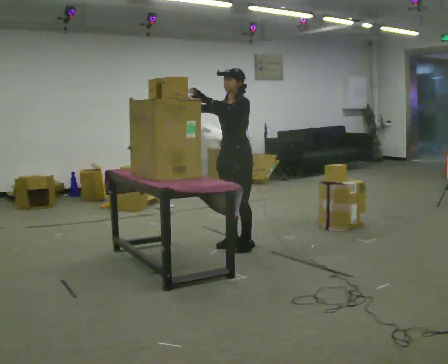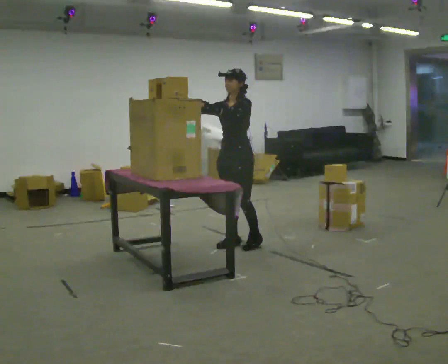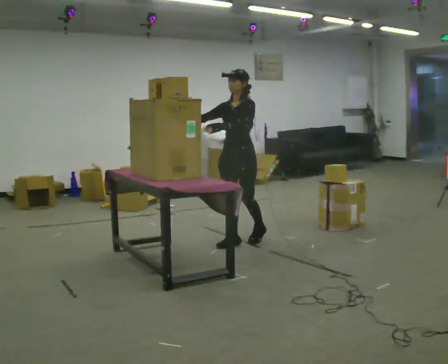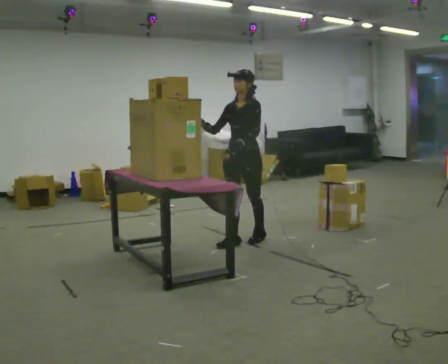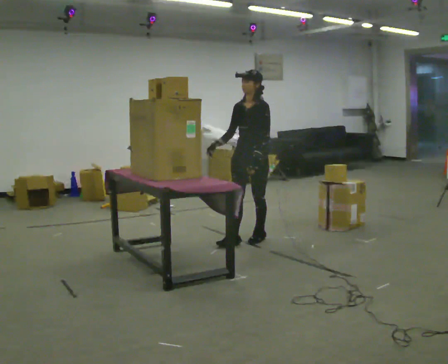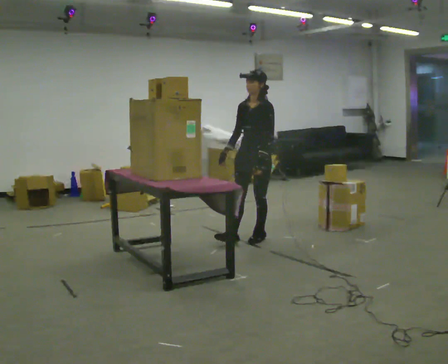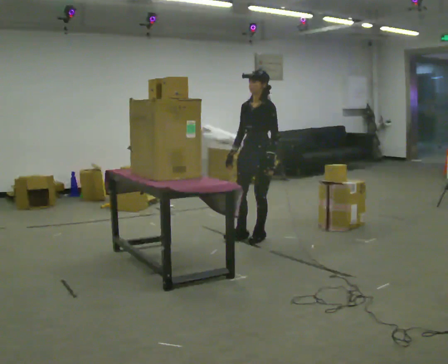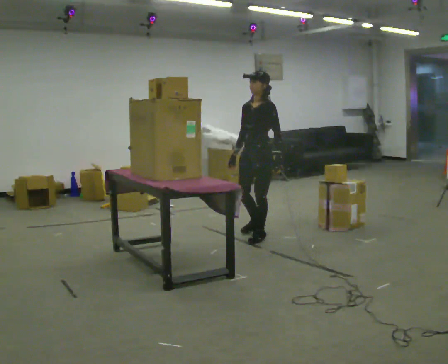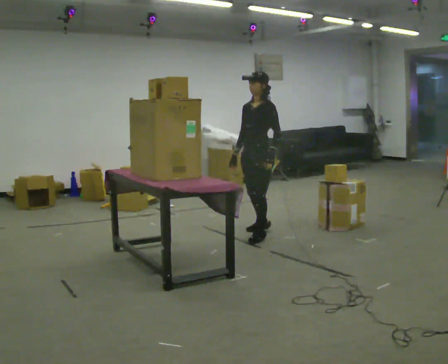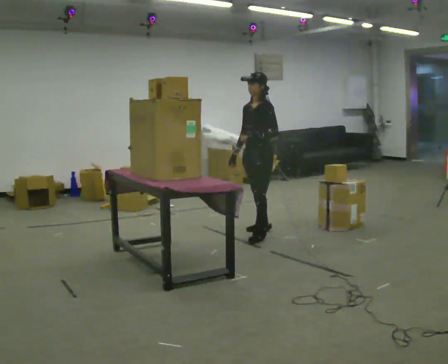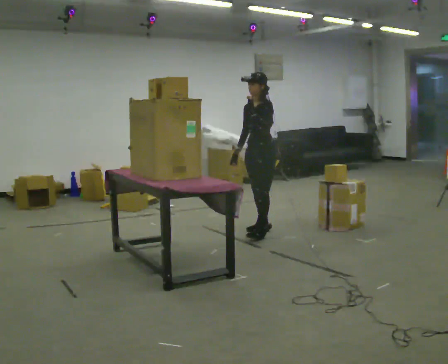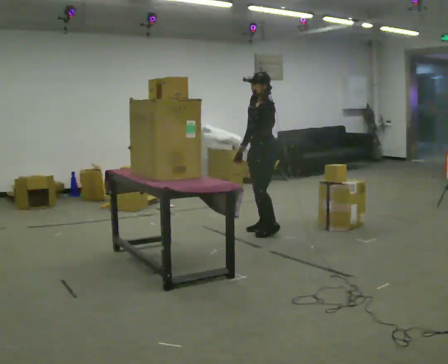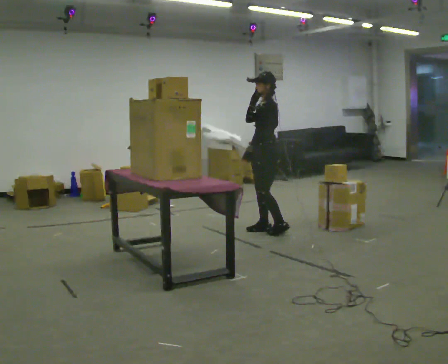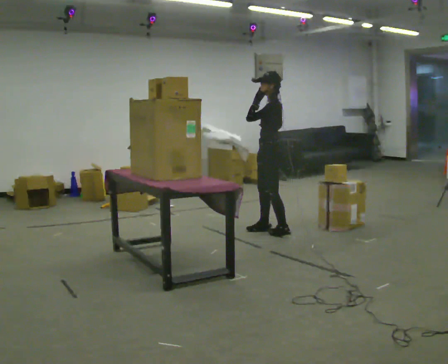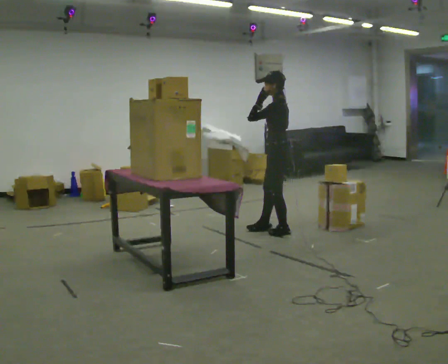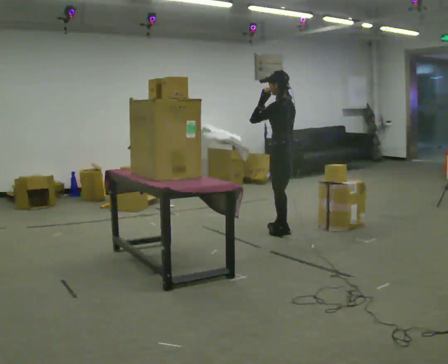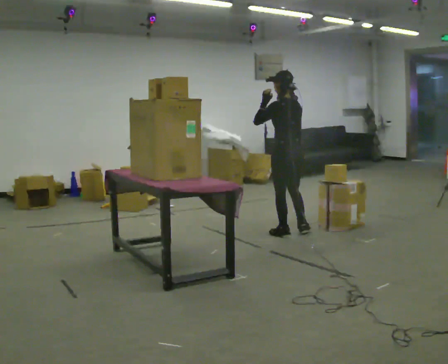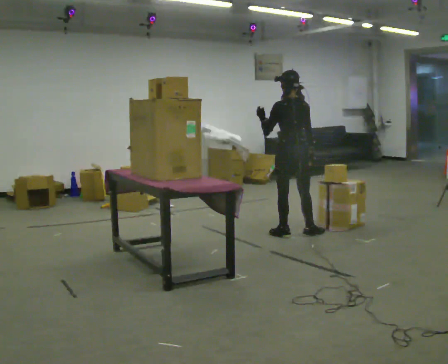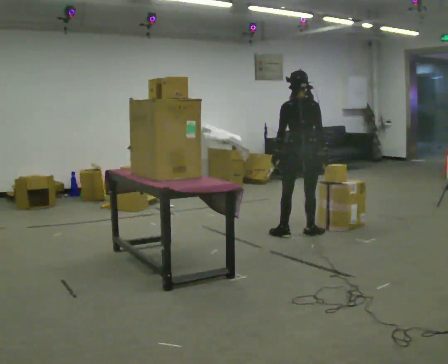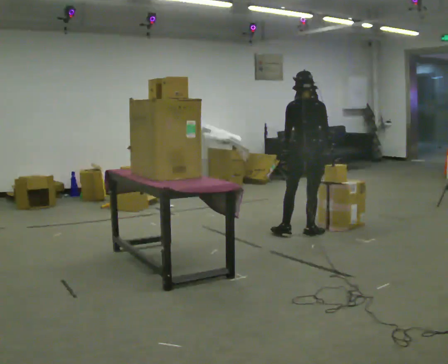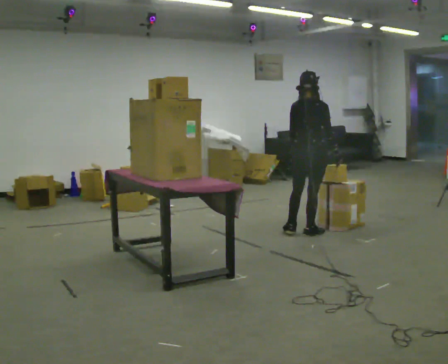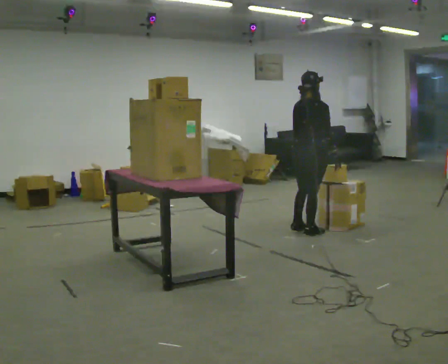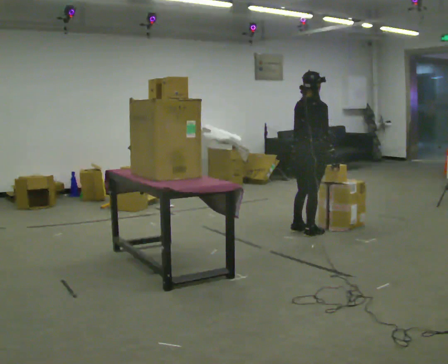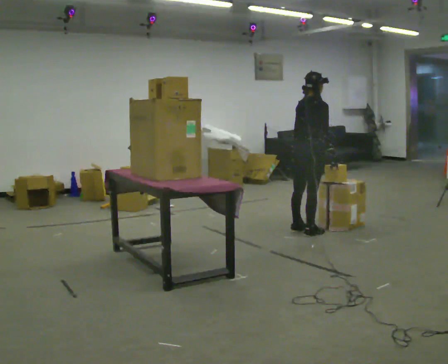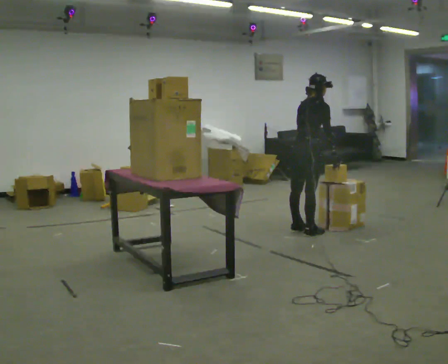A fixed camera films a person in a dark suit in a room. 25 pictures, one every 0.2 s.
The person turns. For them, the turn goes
to their right.
Their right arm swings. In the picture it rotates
counterclockwise.
0.0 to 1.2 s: In the picture they go away from the camera and to the right, about 0.25 m in 2 steps, which for them is backward. In the picture their left hand goes downward.
1.2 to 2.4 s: Seen from above the body turns clockwise, about 30 degrees: to their right, with its near side sliding to the left. In the picture they go away from the camera, about 0.25 m in 1 step, which for them is backward and to their right. In the picture their left hand goes upward.
2.4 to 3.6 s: The part of the body nearest the lens slides to the left as the person turns to their right by about 105 degrees. In the picture they go to the right and toward the camera, about 0.25 m in 1 step. In the picture their left hand goes downward.
3.6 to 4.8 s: The part of the body nearest the lens slides to the left as the person turns to their right by about 60 degrees.
The film runs backward here.
